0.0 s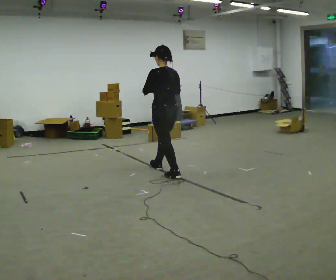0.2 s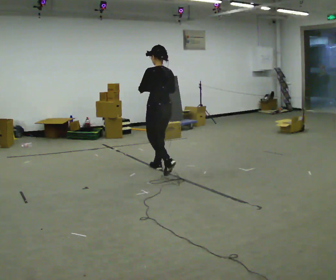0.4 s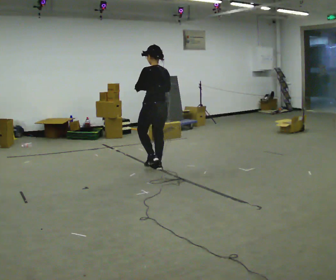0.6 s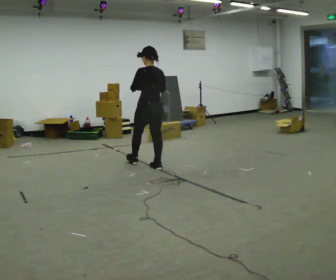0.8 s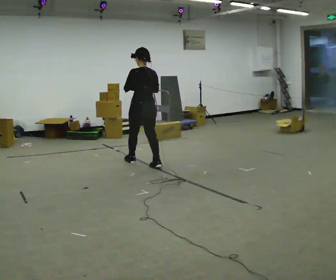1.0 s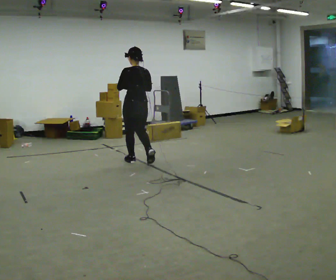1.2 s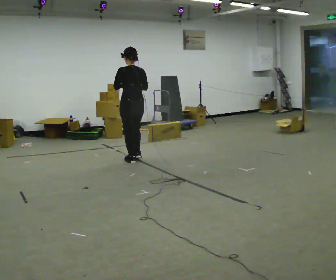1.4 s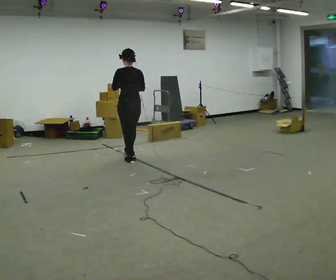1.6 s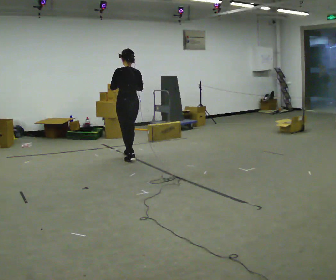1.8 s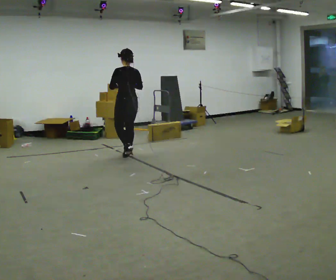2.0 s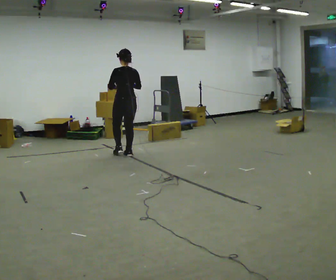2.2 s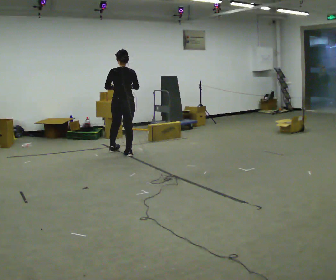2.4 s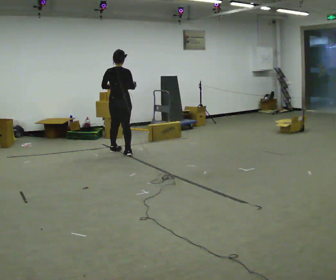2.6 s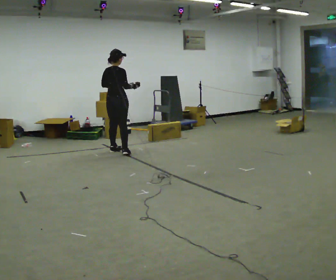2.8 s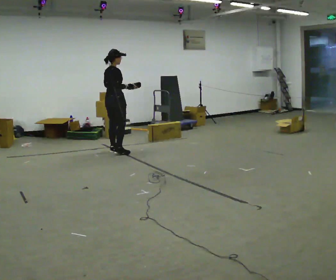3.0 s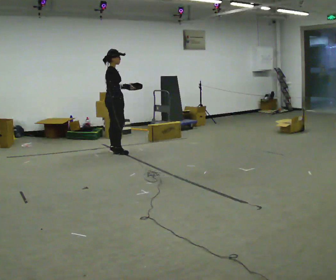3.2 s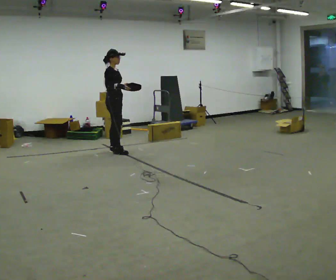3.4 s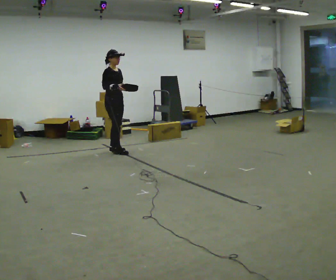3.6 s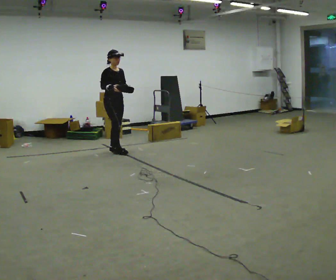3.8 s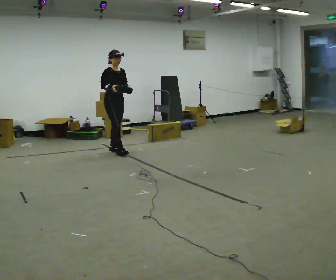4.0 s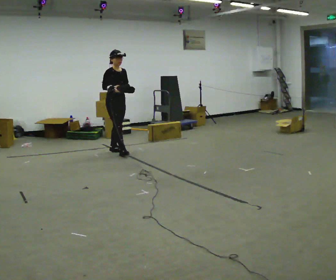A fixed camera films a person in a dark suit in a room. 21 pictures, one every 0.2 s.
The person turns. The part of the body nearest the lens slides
to the left.
The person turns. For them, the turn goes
to their right.
0.0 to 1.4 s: In the picture they go away from the camera and to the left, about 1 m in 1 step, which for them is forward.
1.4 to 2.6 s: The part of the body nearest the lens slides to the left as the person turns to their right by about 45 degrees. In the picture they go away from the camera and to the left, about 0.5 m in 2 steps, which for them is forward.
2.6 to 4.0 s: The part of the body nearest the lens slides to the left as the person turns to their right by about 105 degrees.
The film runs forward here.
